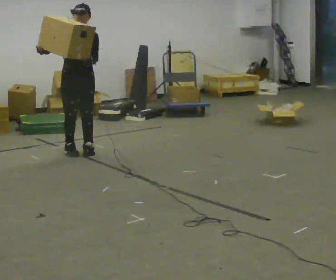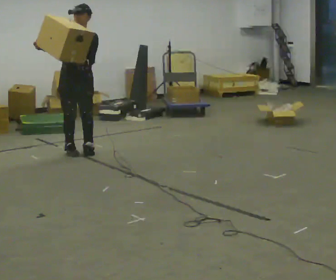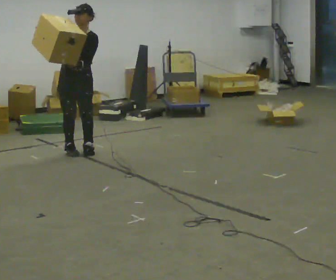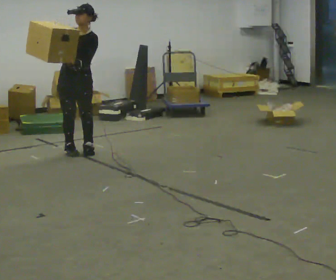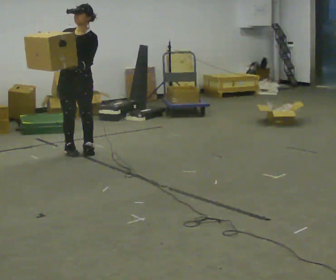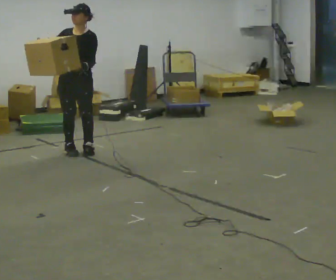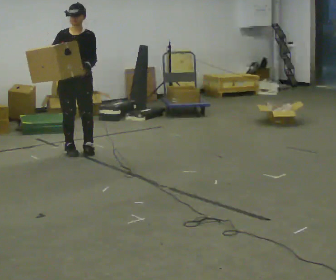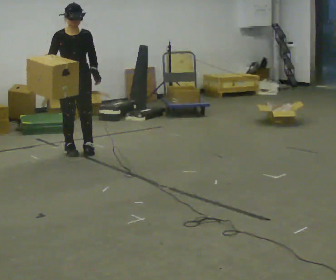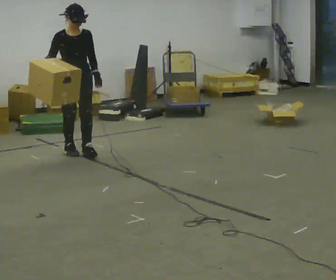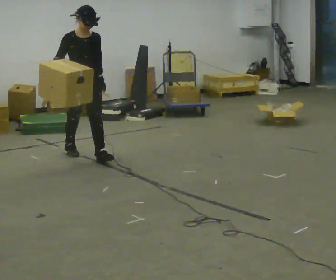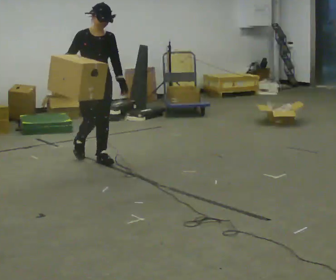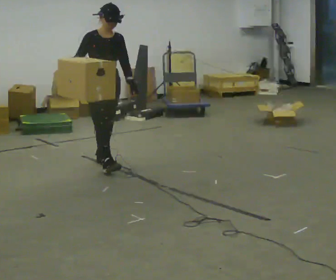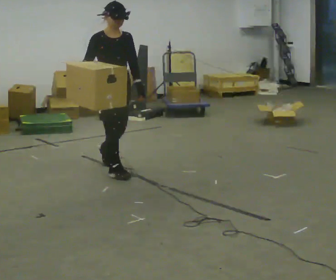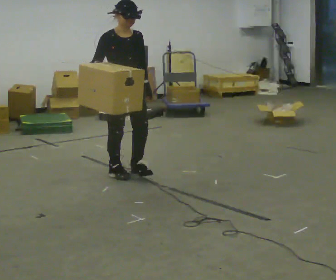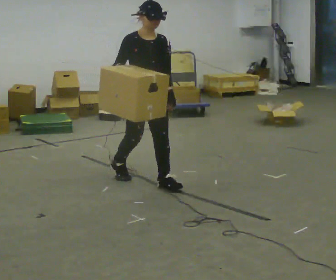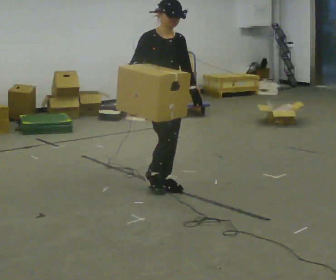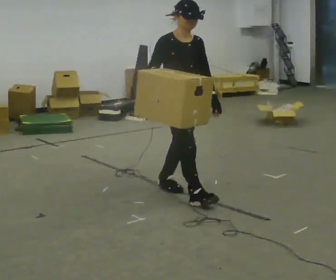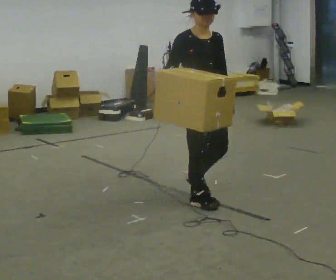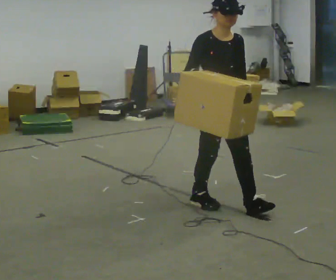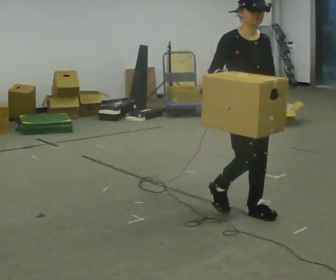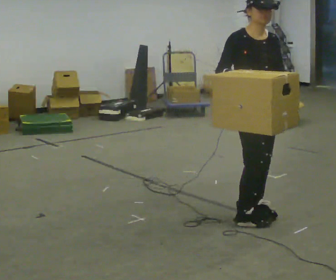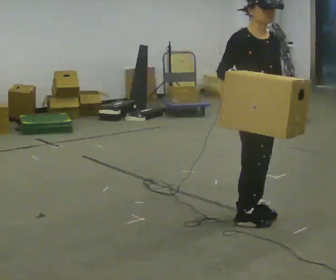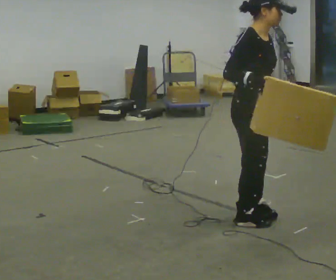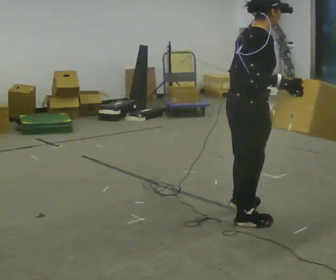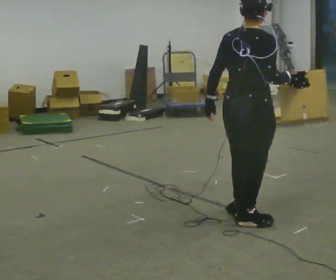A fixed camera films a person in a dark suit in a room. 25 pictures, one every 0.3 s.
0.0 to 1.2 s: The part of the body nearest the lens slides to the left as the person turns to their right by about 30 degrees.
1.2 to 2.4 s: The part of the body nearest the lens slides to the right as the person turns to their left by about 30 degrees.
2.4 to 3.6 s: In the picture they go toward the camera and to the right, about 1 m in 2 steps, which for them is forward.
3.6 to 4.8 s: In the picture they go toward the camera and to the right, about 1 m in 2 steps, which for them is forward.
4.8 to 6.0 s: In the picture they go toward the camera and to the right, about 0.75 m in 2 steps, which for them is forward.
6.0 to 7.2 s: The part of the body nearest the lens slides to the right as the person turns to their left by about 105 degrees. In the picture their left hand goes to the left, the arm swinging clockwise.
The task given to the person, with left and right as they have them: Carry the box and, while walking, shift it to a different hold: front, then hip, then shoulder, then back to front. Do not stop walking.
The film runs forward here.
